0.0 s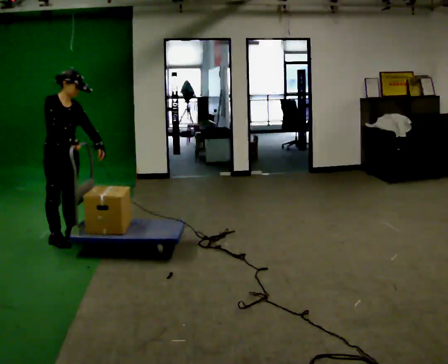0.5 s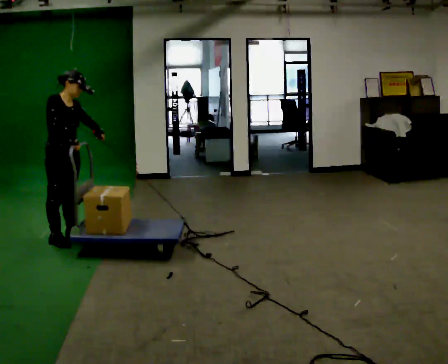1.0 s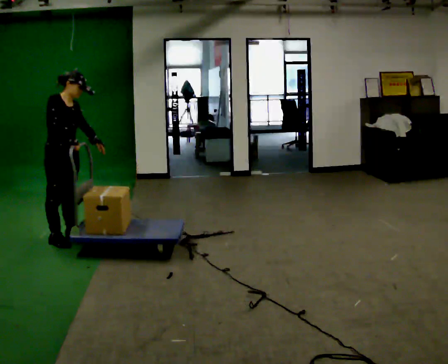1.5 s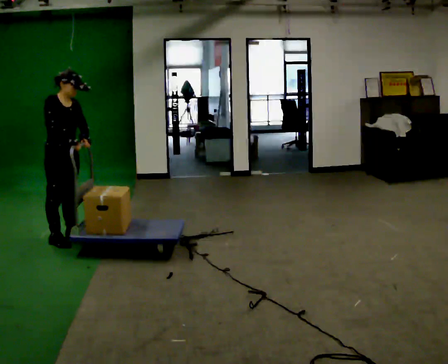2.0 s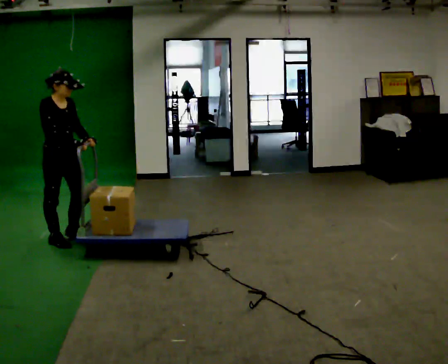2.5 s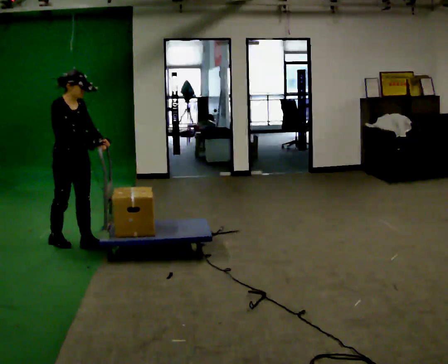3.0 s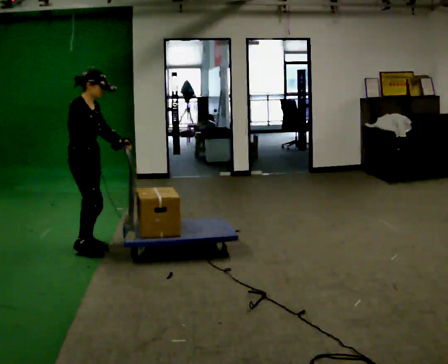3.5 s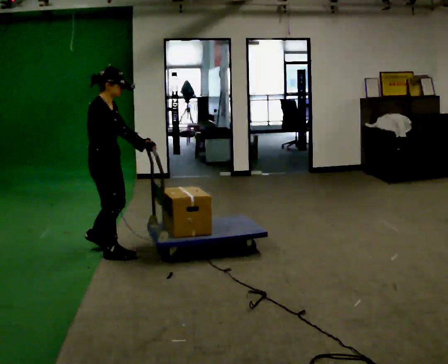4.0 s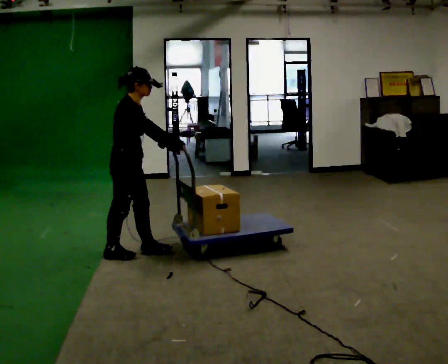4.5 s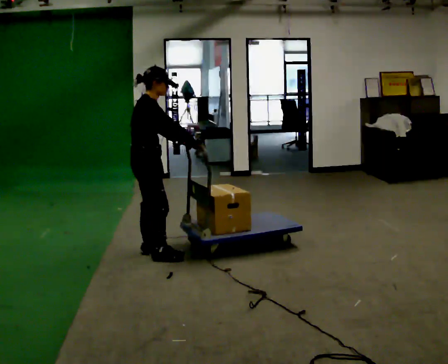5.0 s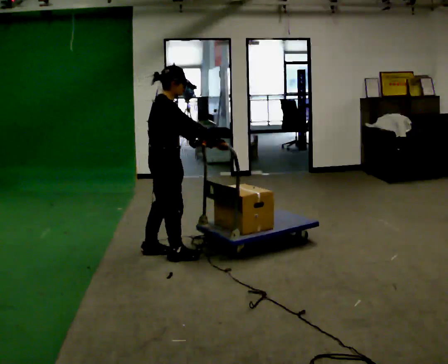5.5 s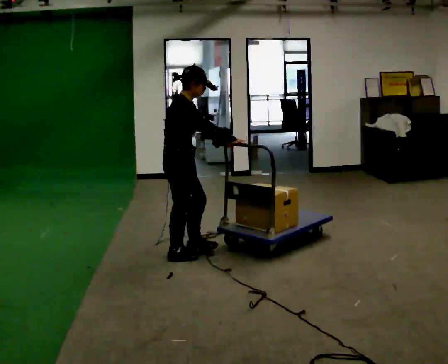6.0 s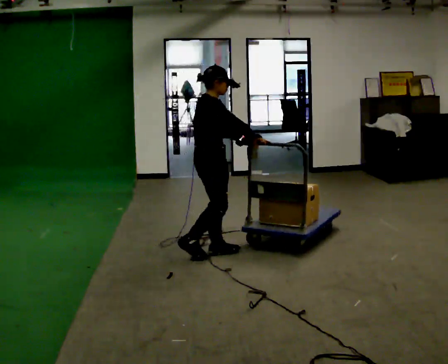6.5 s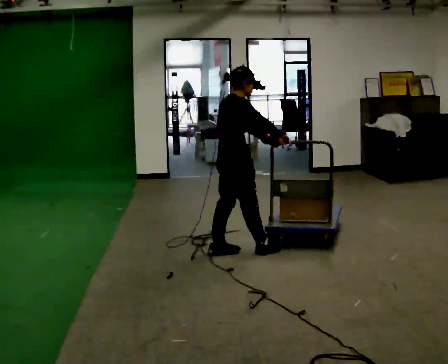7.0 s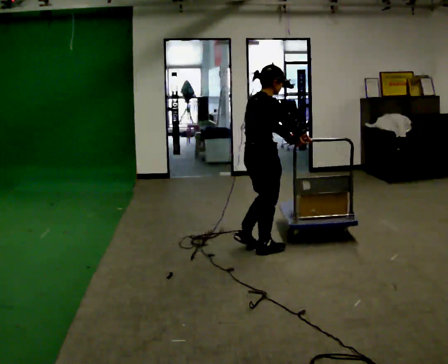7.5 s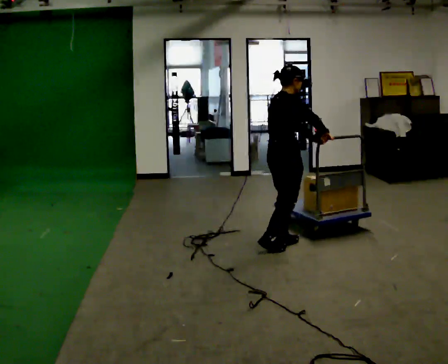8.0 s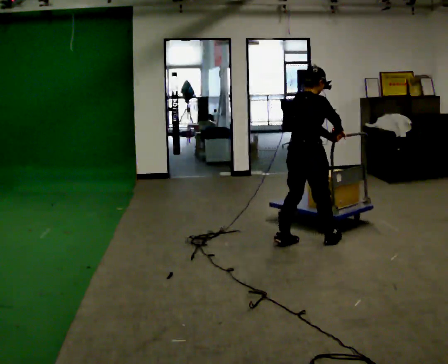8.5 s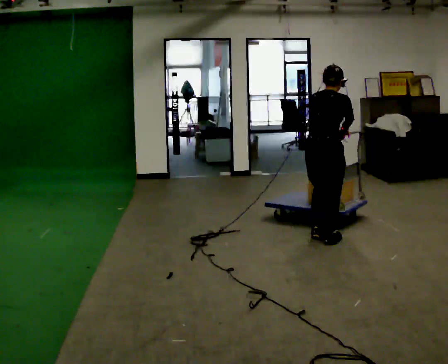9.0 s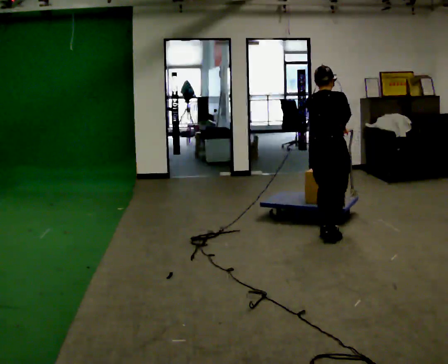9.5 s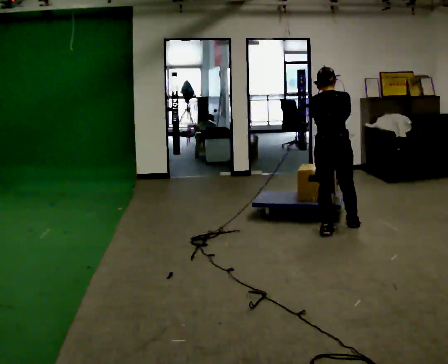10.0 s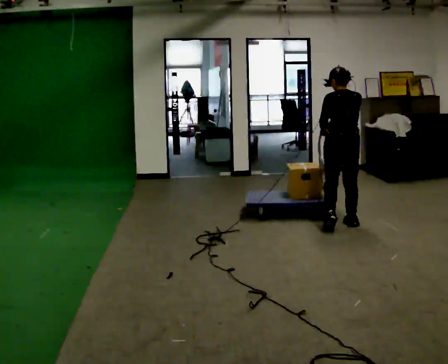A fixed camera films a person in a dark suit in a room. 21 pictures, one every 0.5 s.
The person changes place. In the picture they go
to the right.
The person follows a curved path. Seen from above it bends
counterclockwise.
0.0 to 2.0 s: The person moves a little, or ends about where they began.
2.0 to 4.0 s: The part of the body nearest the lens slides to the right as the person turns to their left by about 30 degrees. In the picture they go to the right, about 0.75 m in 3 steps, which for them is forward.
4.0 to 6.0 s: In the picture they go to the right, about 0.5 m in 2 steps, which for them is forward.
6.0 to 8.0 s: Seen from above the body turns counterclockwise, about 30 degrees: to their left, with its near side sliding to the right. In the picture they go to the right, about 1 m in 3 steps, which for them is forward.
8.0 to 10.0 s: The person turns about 60 degrees to their left, counterclockwise seen from above, so the part of the body nearest the lens slides to the right. In the picture they go to the right and away from the camera, about 0.75 m in 2 steps.
The film runs forward here.
